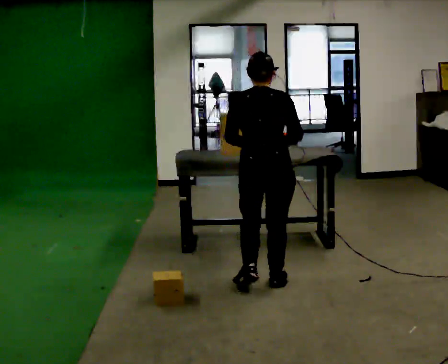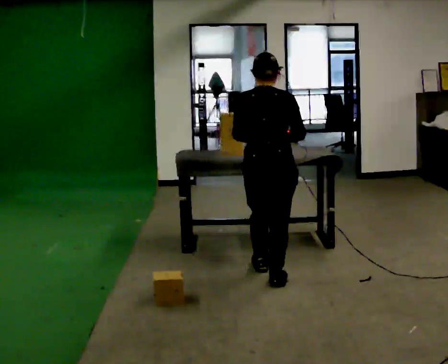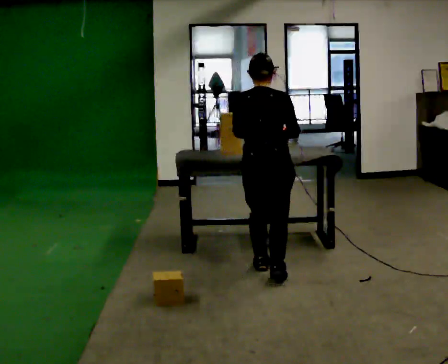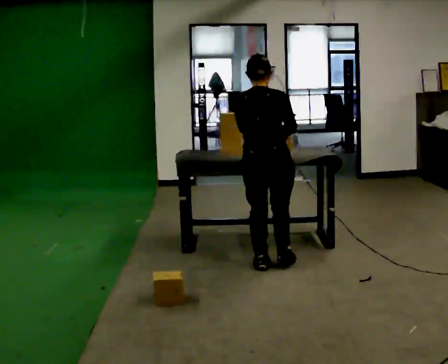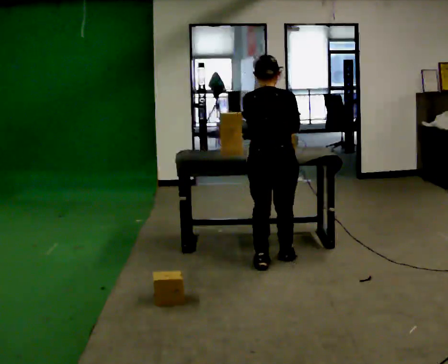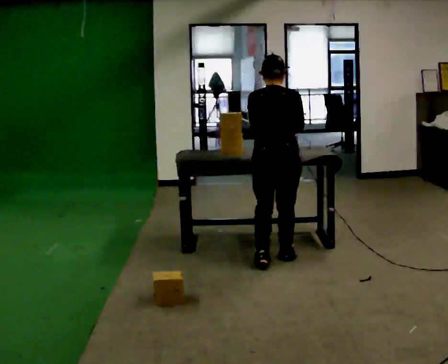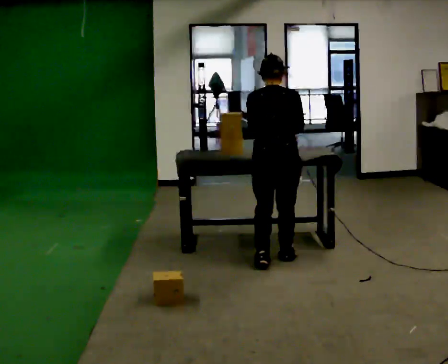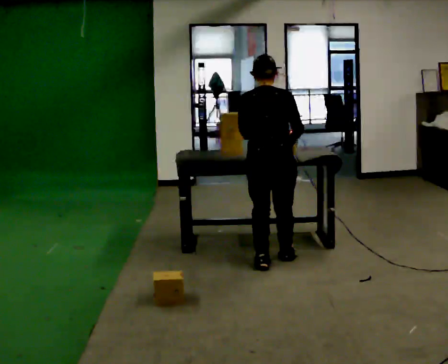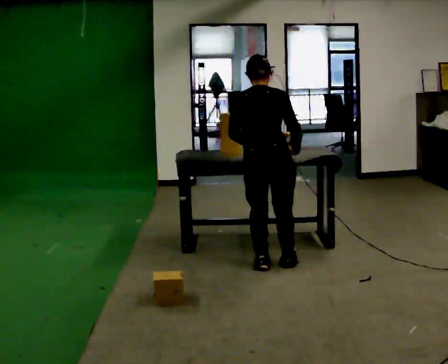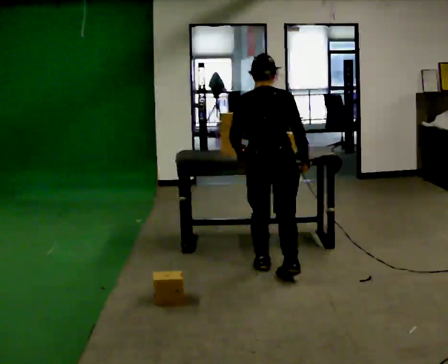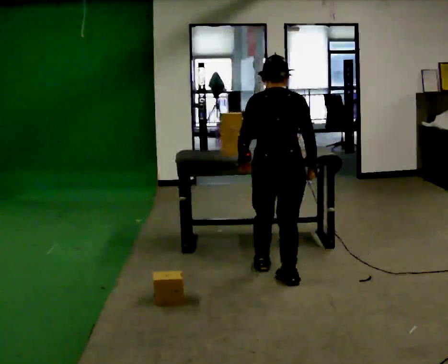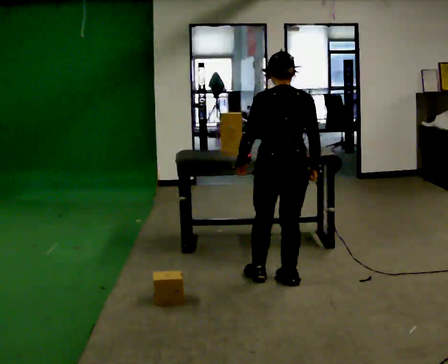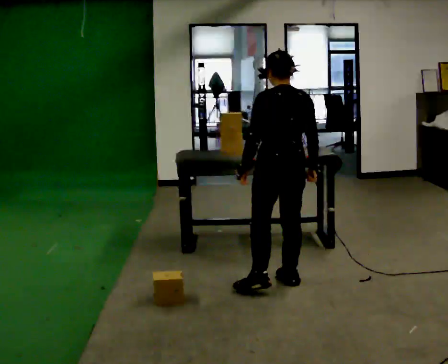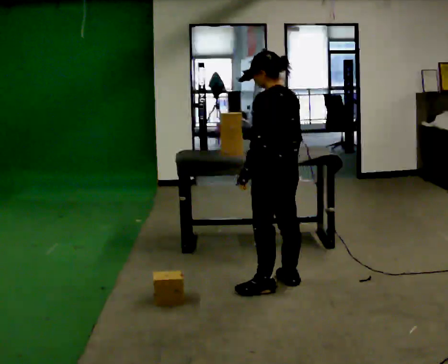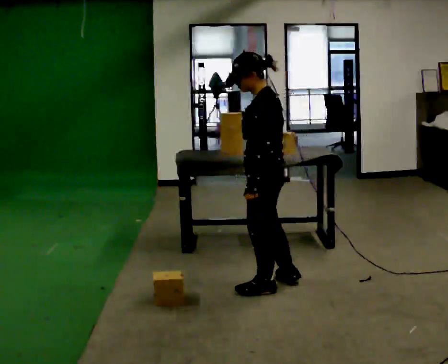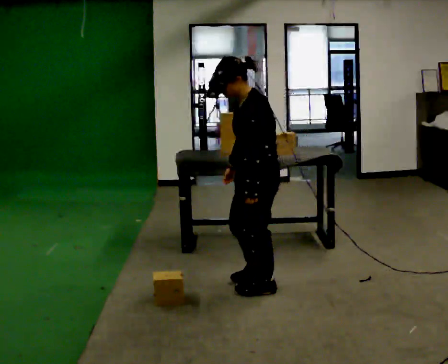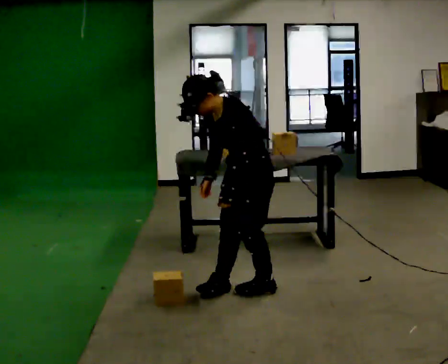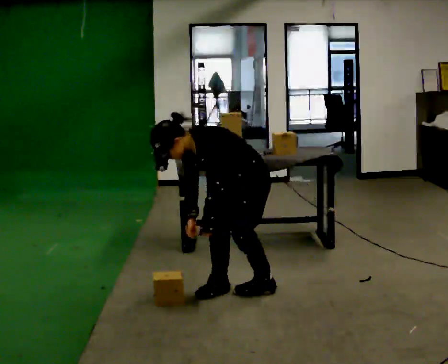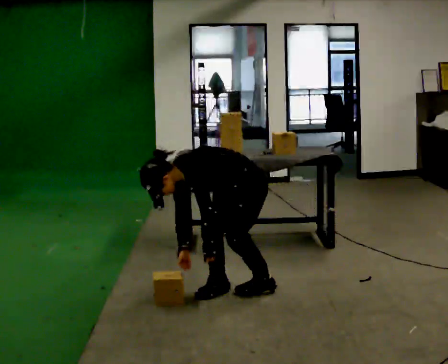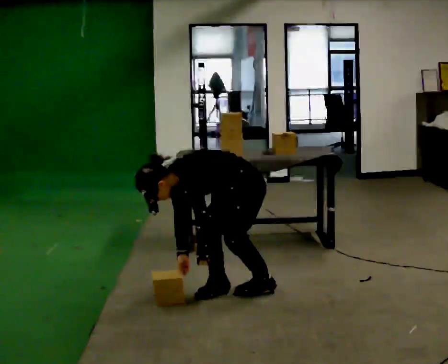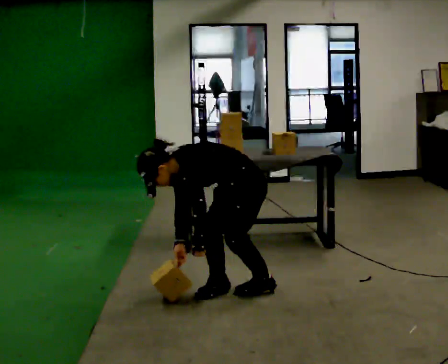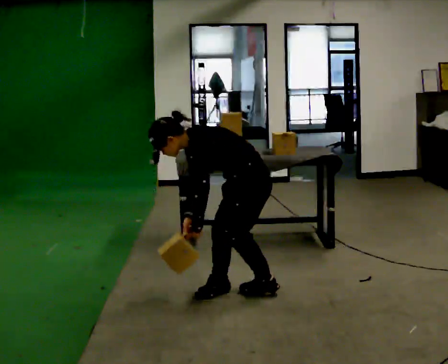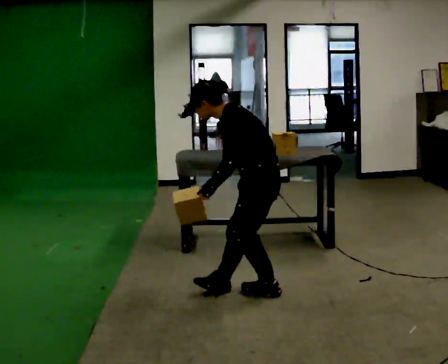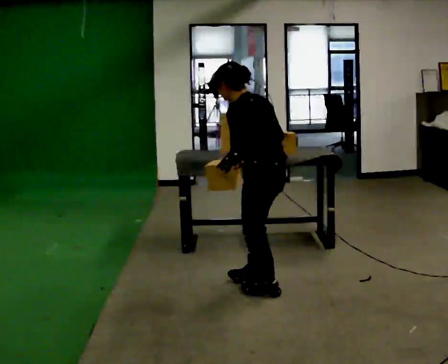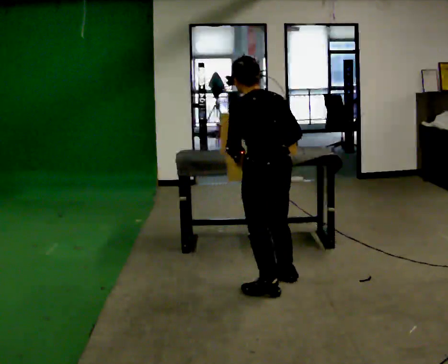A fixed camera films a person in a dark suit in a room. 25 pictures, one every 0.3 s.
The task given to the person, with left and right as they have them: Pick the object up off the floor using only the hand the operator calls, then carry it to the table in that same hand. Keep going until the operator says stop; one object at a time, and do not rush between trips.
0.0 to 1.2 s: In the picture they go away from the camera, about 0.5 m in 2 steps, which for them is forward.
1.2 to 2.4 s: The person moves a little, or ends about where they began.
2.4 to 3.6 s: The part of the body nearest the lens slides to the right as the person turns to their left by about 30 degrees. In the picture they go toward the camera, about 0.25 m in 2 steps, which for them is backward.
3.6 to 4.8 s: The part of the body nearest the lens slides to the right as the person turns to their left by about 90 degrees. In the picture they go to the left, about 0.25 m in 1 step. In the picture the upper body tilts counterclockwise, shoulders to the left, as they bend forward. In the picture their right hand goes to the left.
4.8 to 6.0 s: In the picture the upper body tilts counterclockwise, shoulders to the left, as they bend forward. In the picture their right hand goes downward.
6.0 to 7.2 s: Seen from above the body turns clockwise, about 75 degrees: to their right, with its near side sliding to the left. In the picture they go to the right, about 0.25 m in 1 step. The shoulders move upward. In the picture the upper body tilts clockwise, shoulders to the right, as they lean back or straighten. In the picture their right hand goes to the right and upward.
The film runs forward here.
